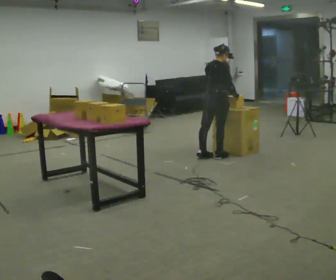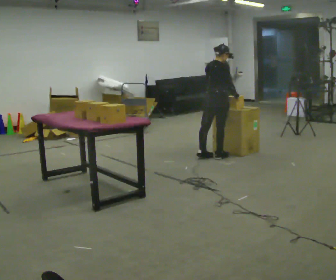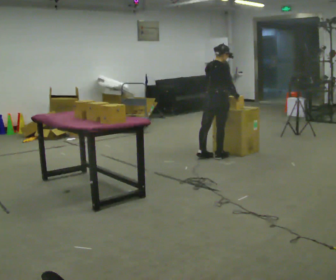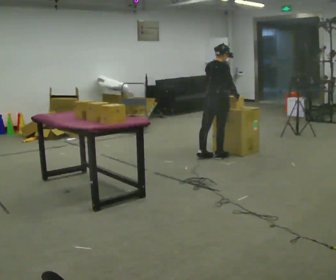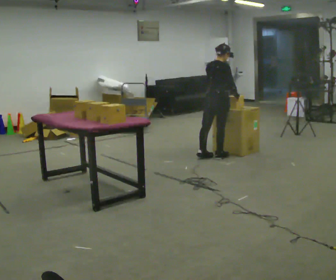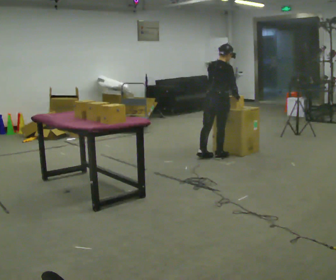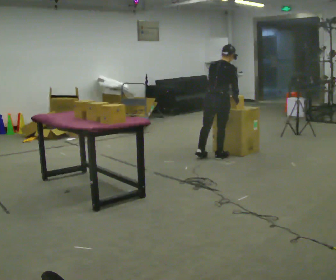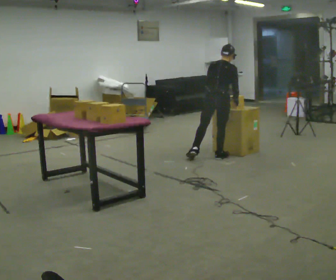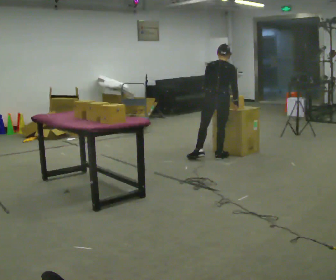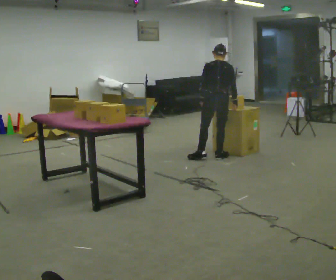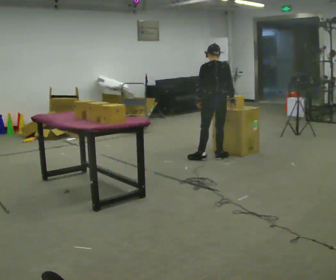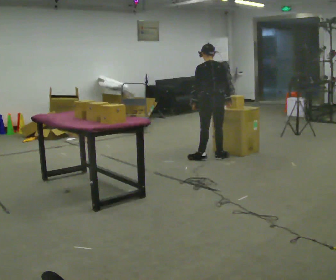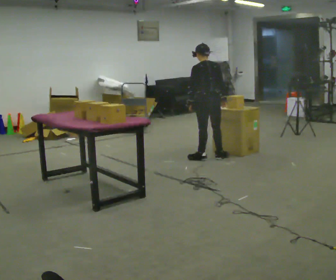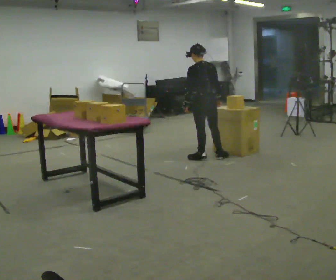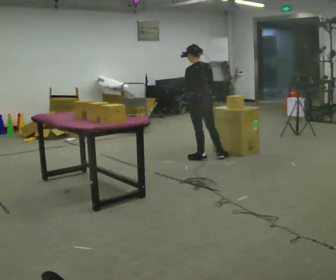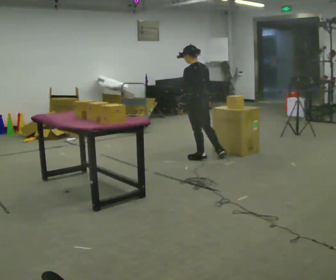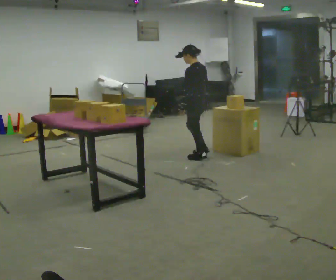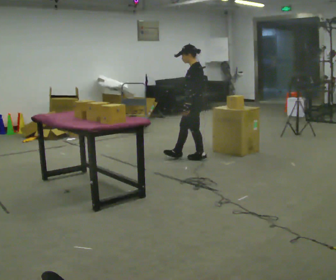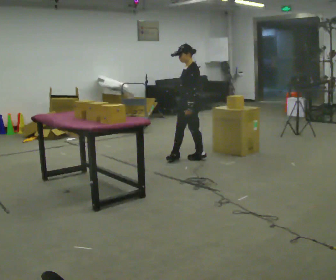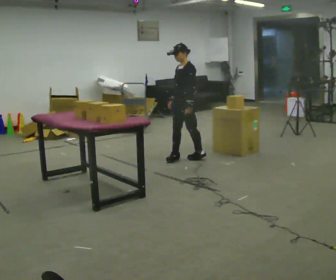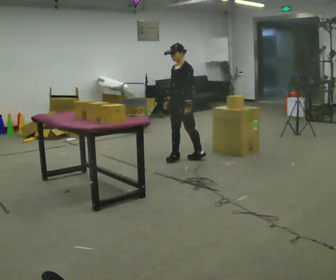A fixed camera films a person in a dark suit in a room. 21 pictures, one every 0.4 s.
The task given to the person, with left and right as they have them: 1. Move all 12 boxes from the shelf at one end of the room to the shelf at the other end. 2. The cart is not available today, so carry them. 3. Tell the operator when you are finished.
0.0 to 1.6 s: The person moves a little, or ends about where they began.
1.6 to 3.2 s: Seen from above the body turns counterclockwise, about 30 degrees: to their left, with its near side sliding to the right.
3.2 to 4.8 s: The person turns about 30 degrees to their left, counterclockwise seen from above, so the part of the body nearest the lens slides to the right.
4.8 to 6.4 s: The person turns about 45 degrees to their left, counterclockwise seen from above, so the part of the body nearest the lens slides to the right.
6.4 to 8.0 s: The part of the body nearest the lens slides to the right as the person turns to their left by about 75 degrees. In the picture they go to the left, about 0.25 m in 1 step. In the picture their right hand goes to the left.
The film runs forward here.
